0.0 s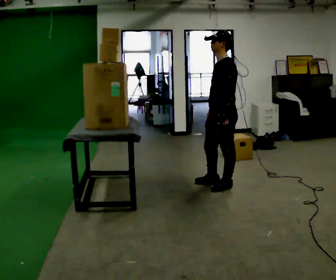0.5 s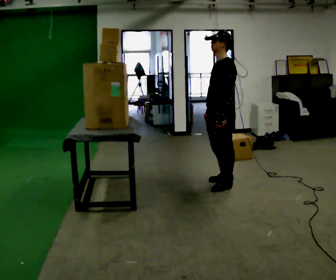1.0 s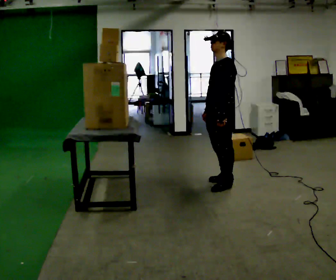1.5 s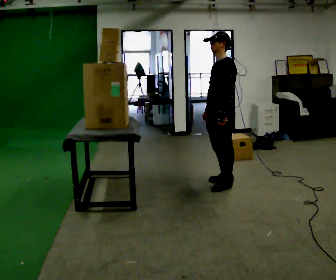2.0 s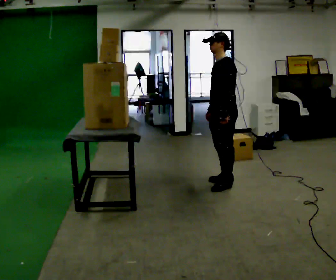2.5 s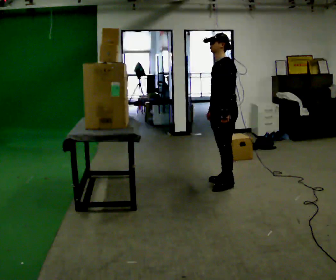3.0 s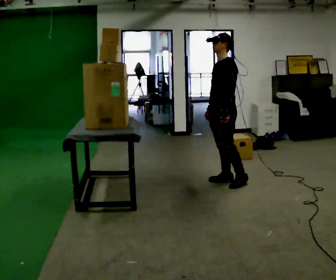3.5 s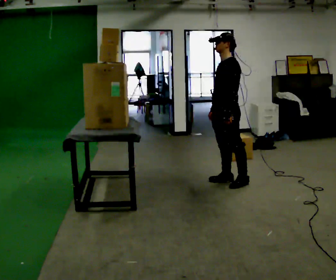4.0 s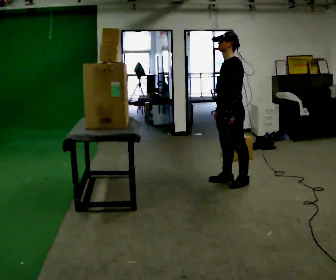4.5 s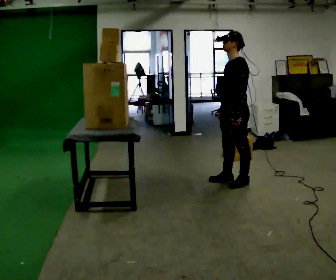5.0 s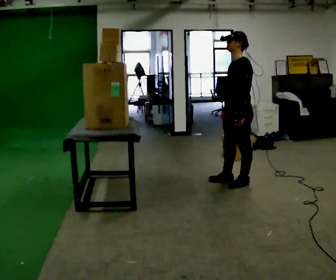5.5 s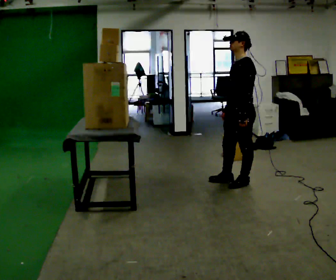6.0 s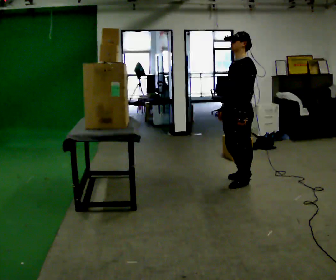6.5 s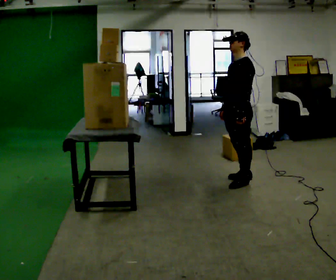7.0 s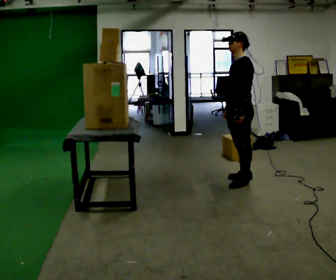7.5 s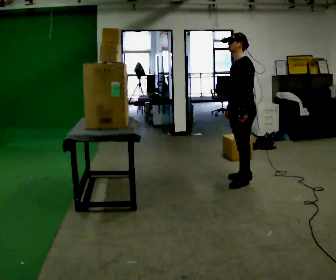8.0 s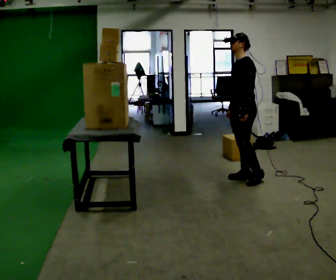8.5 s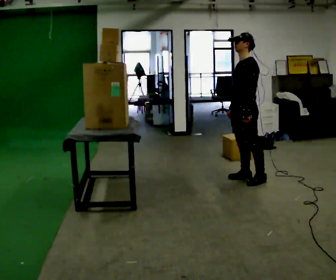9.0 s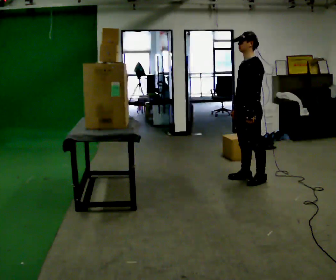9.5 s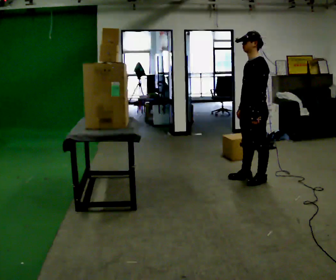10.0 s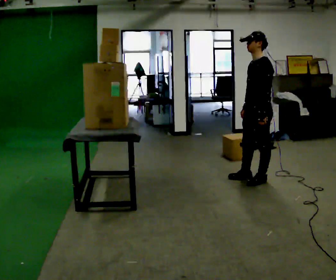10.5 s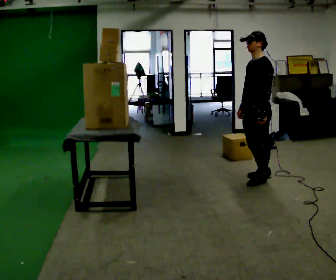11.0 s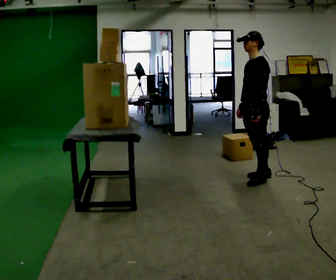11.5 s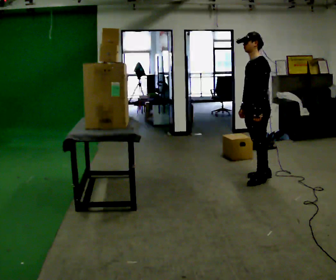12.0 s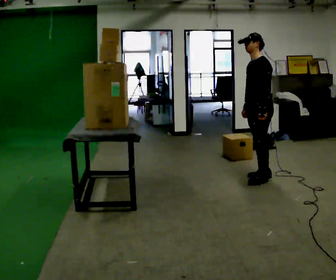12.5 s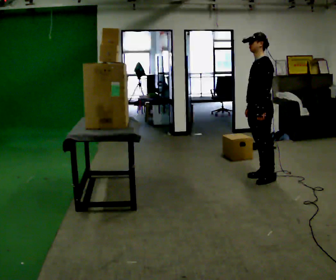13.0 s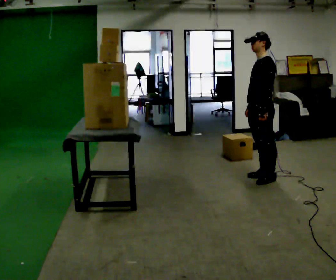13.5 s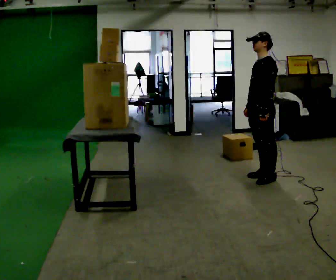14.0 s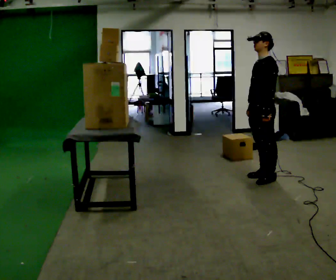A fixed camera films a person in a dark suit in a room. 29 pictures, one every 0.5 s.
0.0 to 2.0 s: In the picture they go away from the camera, about 0.25 m, which for them is to their right.
2.0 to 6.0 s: In the picture they go to the right, about 0.25 m in 2 steps, which for them is to their left.
6.0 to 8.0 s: In the picture they go away from the camera, about 0.25 m in 1 step, which for them is to their right and backward.
8.0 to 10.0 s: In the picture they go to the right and toward the camera, about 0.25 m, which for them is to their left.
10.0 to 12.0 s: In the picture they go away from the camera, about 0.25 m in 1 step, which for them is to their right.
12.0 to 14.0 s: The person moves a little, or ends about where they began.
The film runs backward here.
